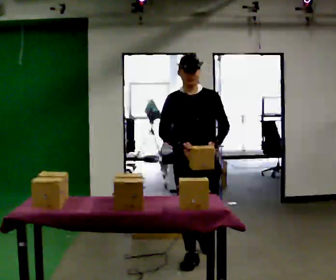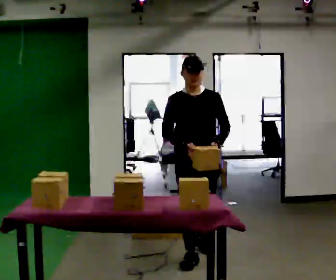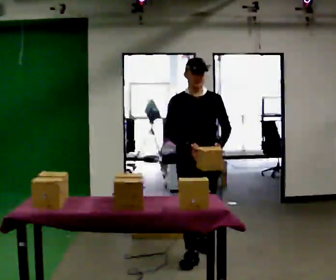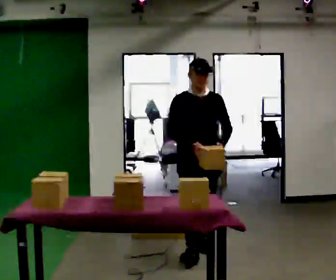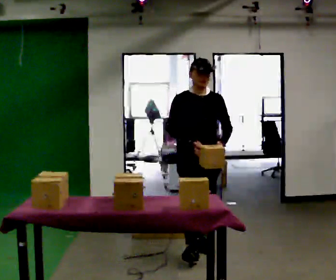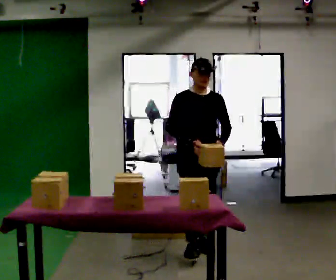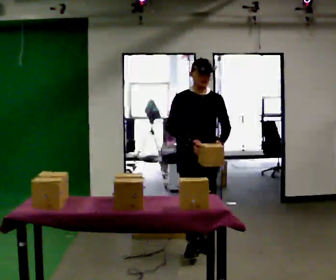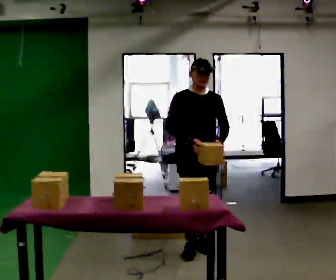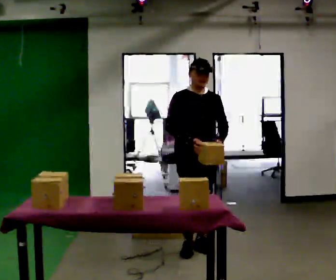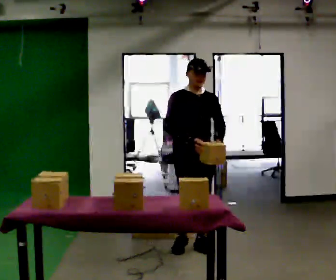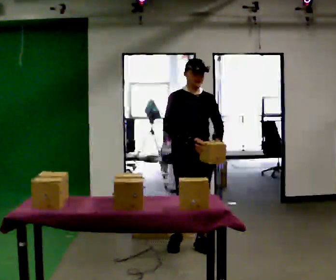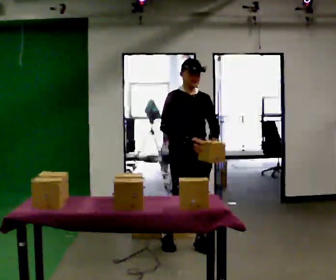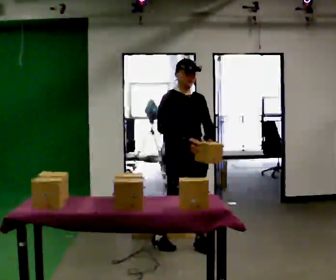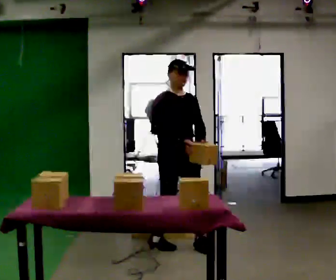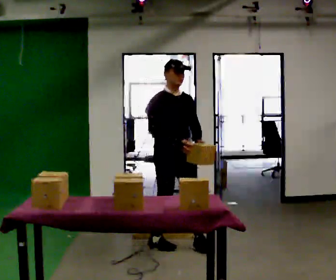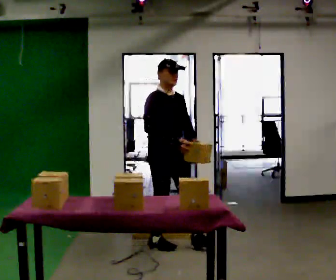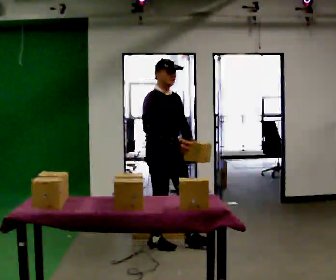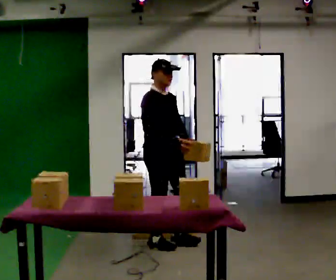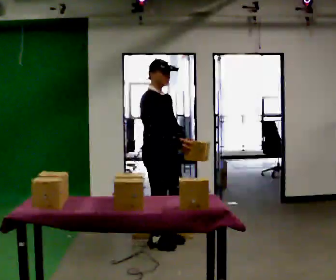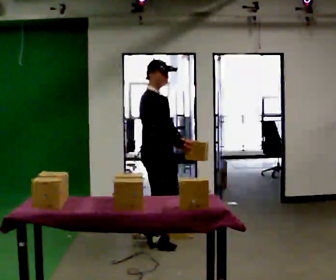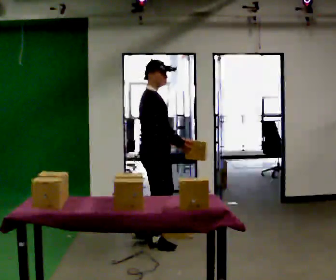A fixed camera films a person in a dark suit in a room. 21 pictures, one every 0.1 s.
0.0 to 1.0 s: In the picture they go away from the camera, about 0.5 m in 1 step, which for them is backward.
1.0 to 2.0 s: The part of the body nearest the lens slides to the right as the person turns to their left by about 60 degrees. In the picture they go to the left, about 0.25 m in 1 step, which for them is backward and to their right.
The film runs backward here.
